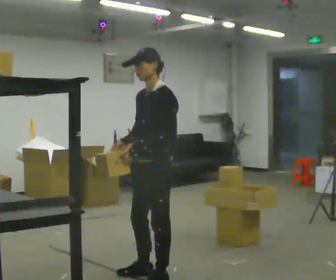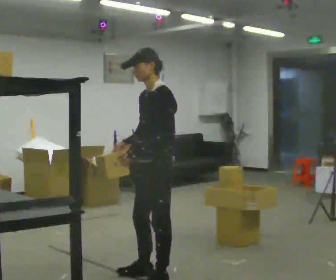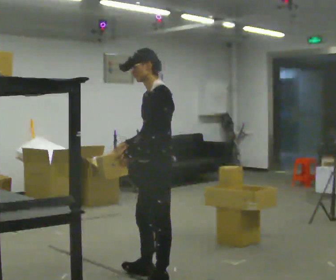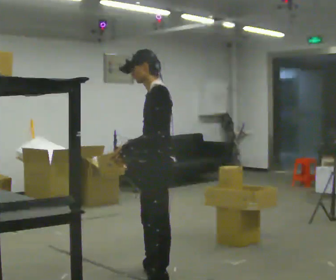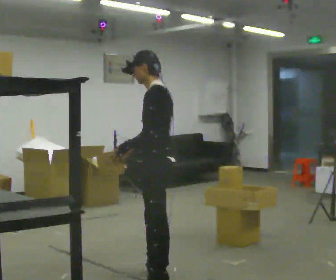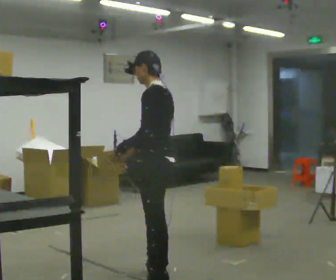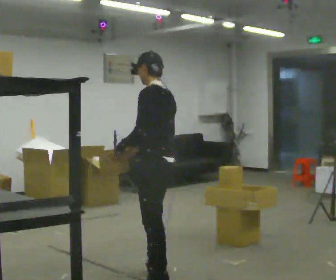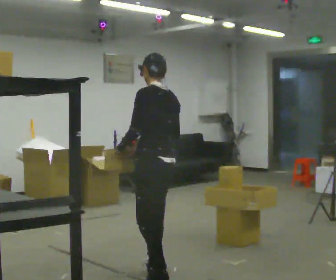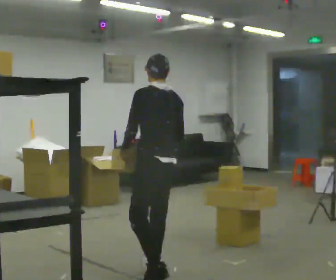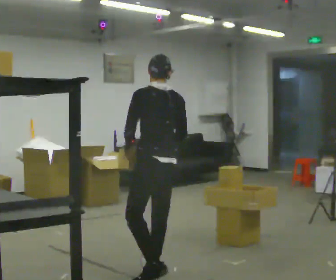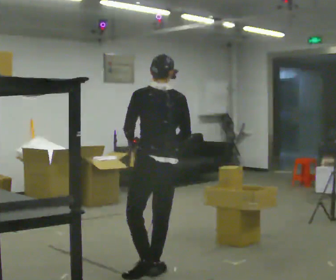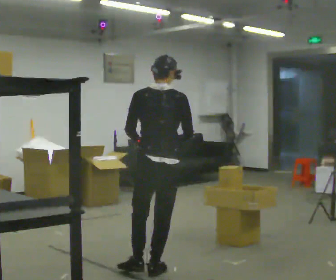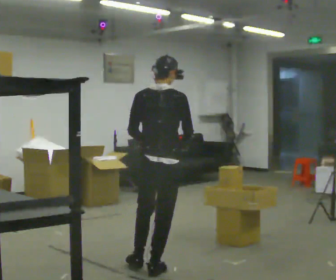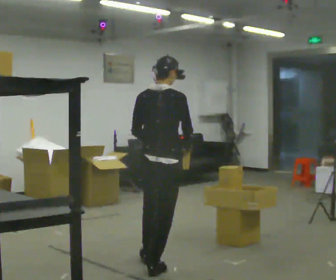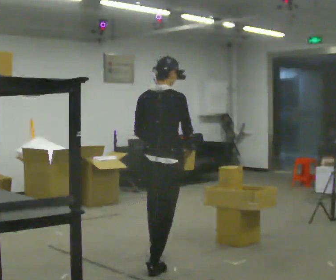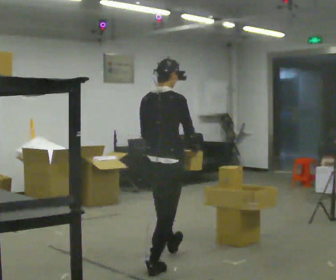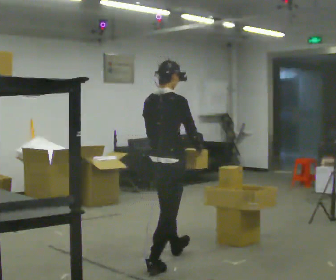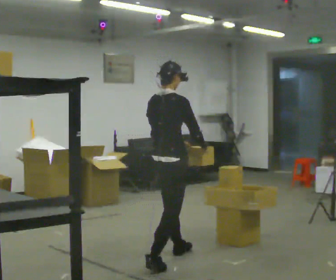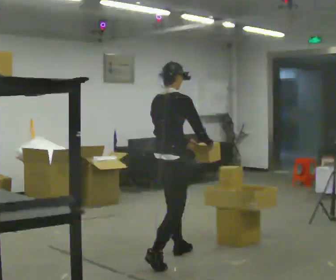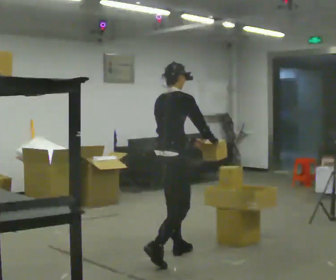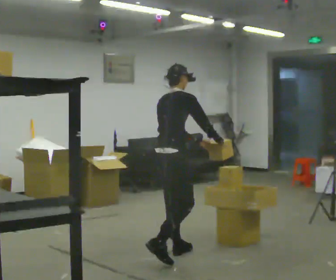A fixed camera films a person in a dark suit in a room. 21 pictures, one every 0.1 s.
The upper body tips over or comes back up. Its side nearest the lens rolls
upward.
The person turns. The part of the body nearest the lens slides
to the left.
0.0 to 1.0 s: Seen from above the body turns clockwise, about 105 degrees: to their right, with its near side sliding to the left. In the picture they go away from the camera, about 0.25 m.
1.0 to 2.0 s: The part of the body nearest the lens slides to the left as the person turns to their right by about 60 degrees. In the picture they go away from the camera, about 0.5 m in 1 step. The upper body tips away from the camera, its near side rolling upward, as they bend forward.
The film runs forward here.
